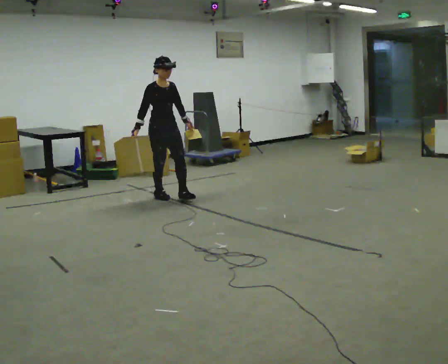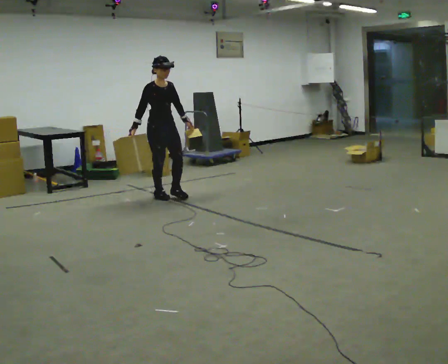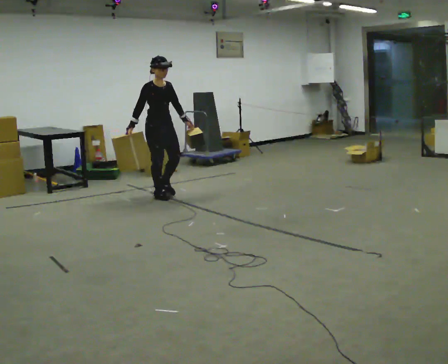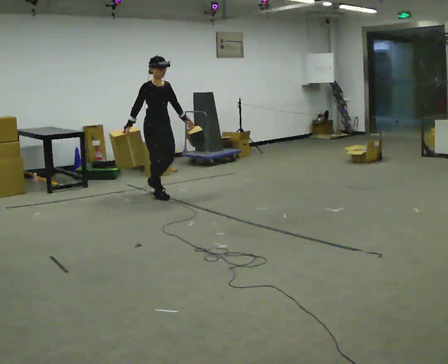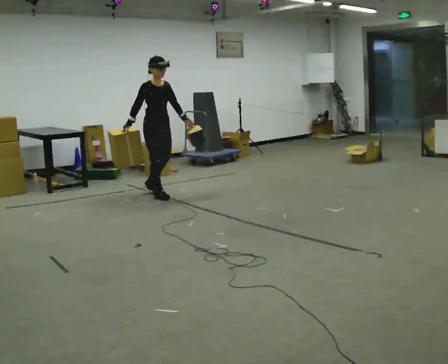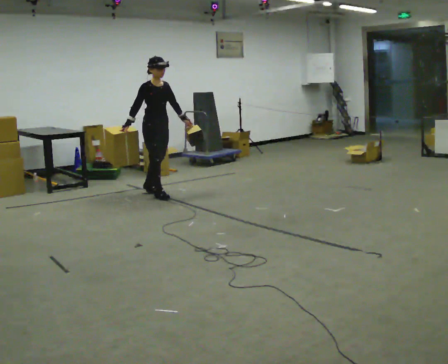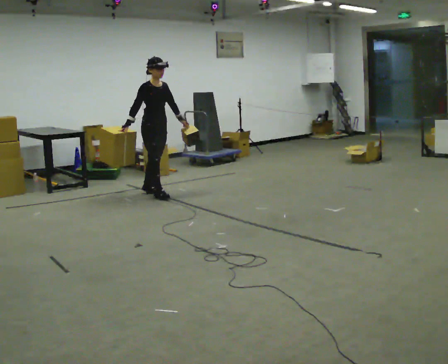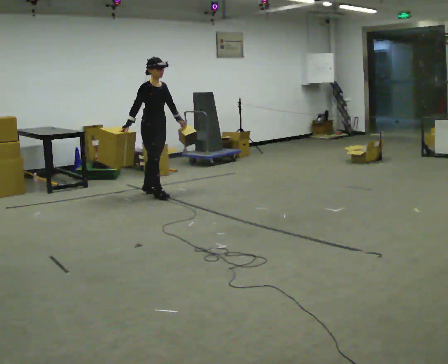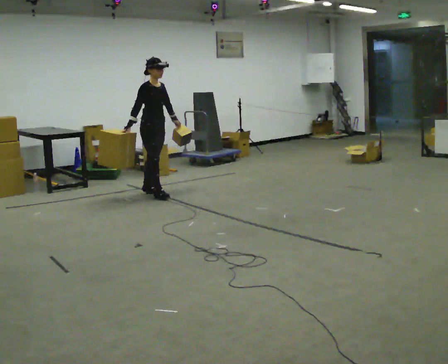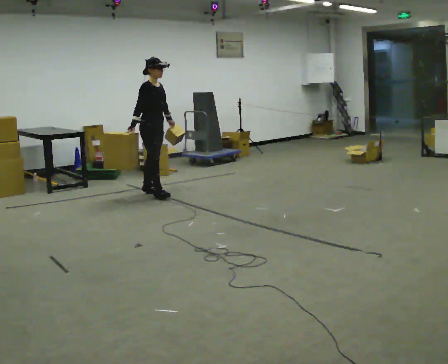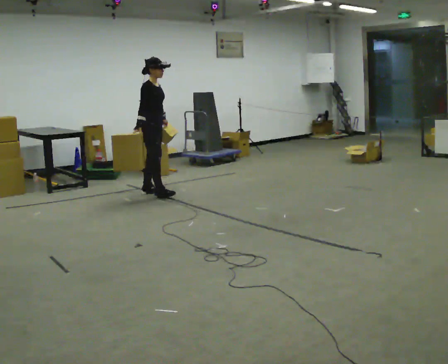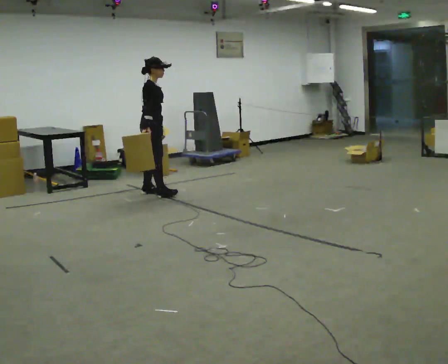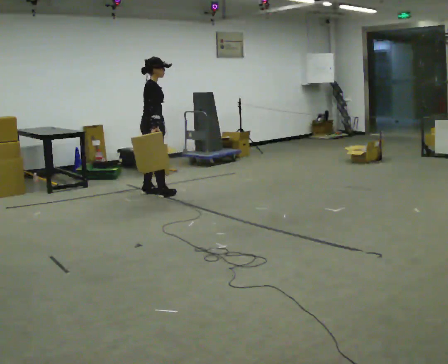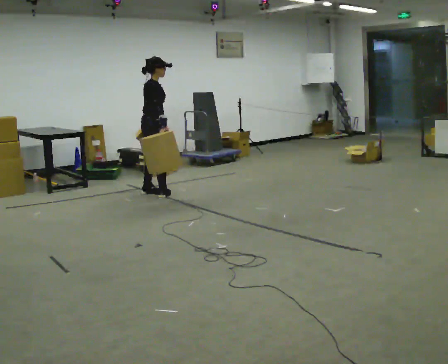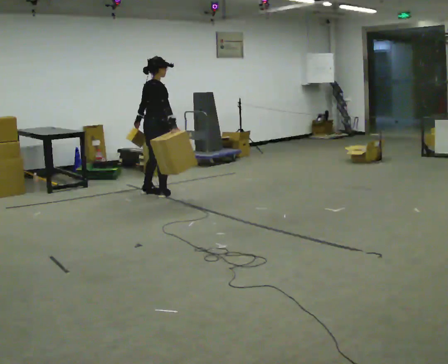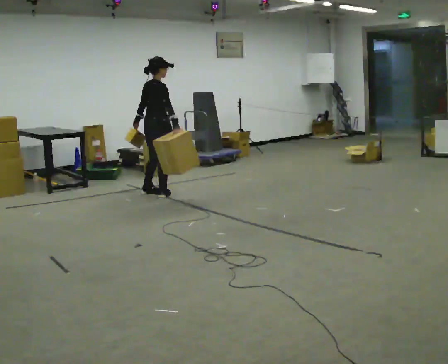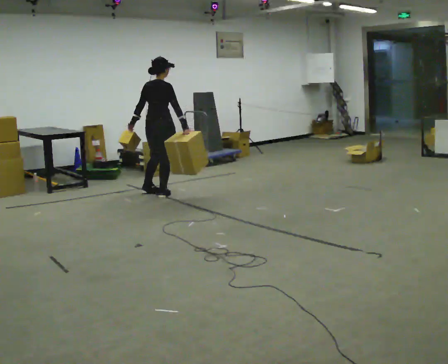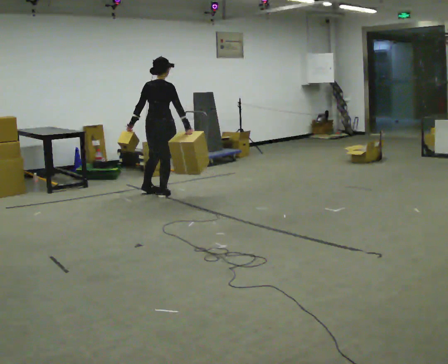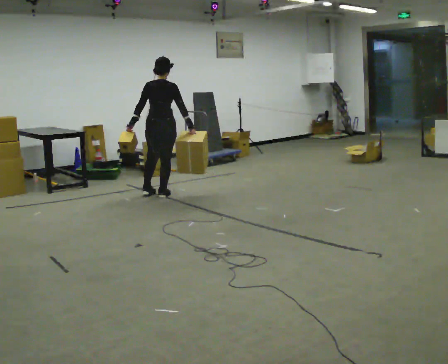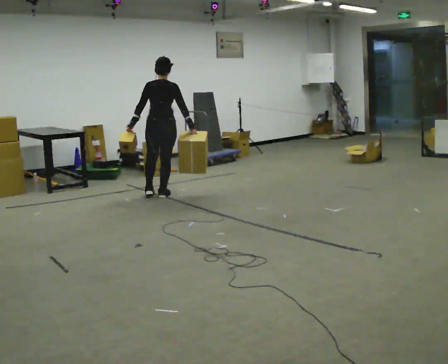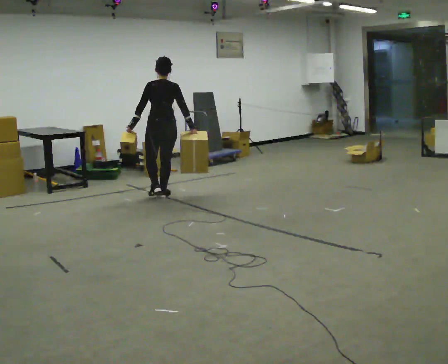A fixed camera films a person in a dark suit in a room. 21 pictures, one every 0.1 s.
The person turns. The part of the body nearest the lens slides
to the right.
Their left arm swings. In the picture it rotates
clockwise.
0.0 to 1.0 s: Seen from above the body turns counterclockwise, about 30 degrees: to their left, with its near side sliding to the right. In the picture they go away from the camera, about 0.25 m, which for them is backward.
1.0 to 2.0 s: The part of the body nearest the lens slides to the right as the person turns to their left by about 120 degrees. In the picture they go toward the camera, about 0.25 m in 1 step.
The film runs backward here.
